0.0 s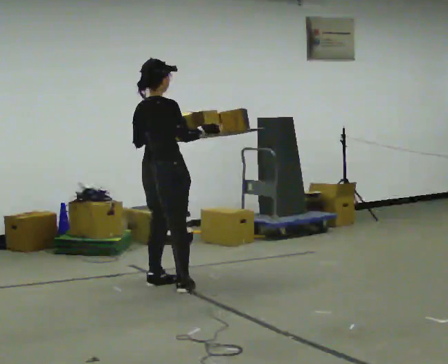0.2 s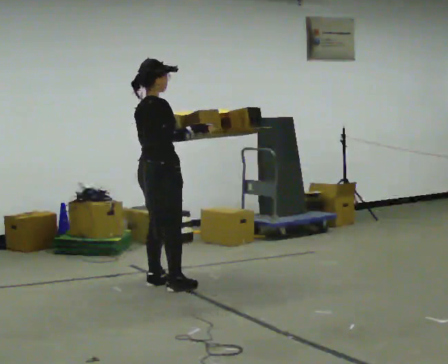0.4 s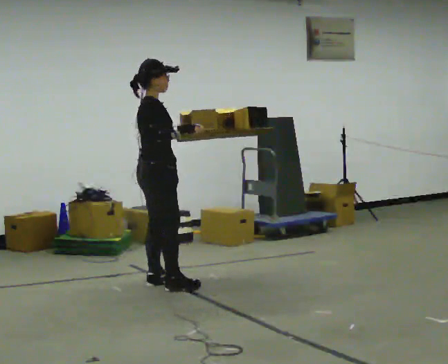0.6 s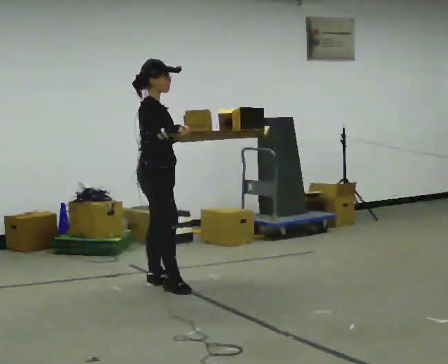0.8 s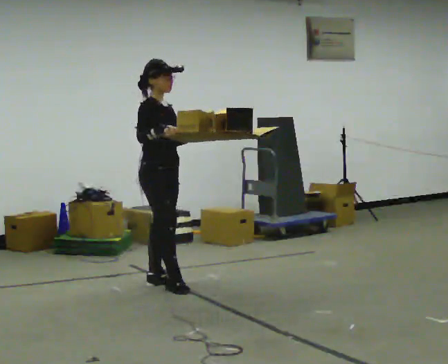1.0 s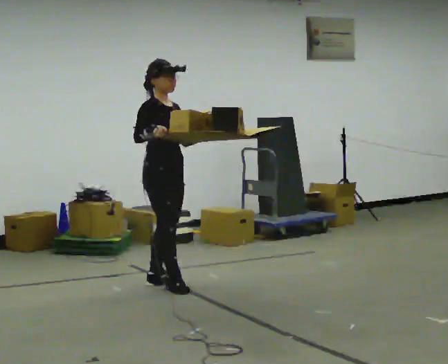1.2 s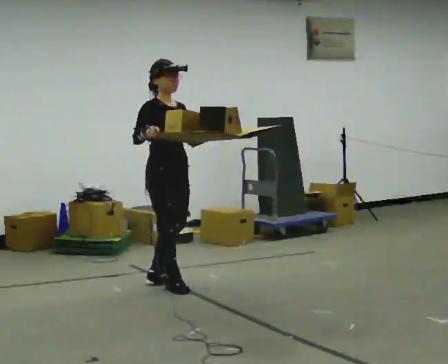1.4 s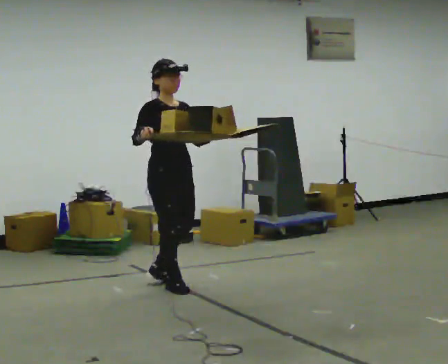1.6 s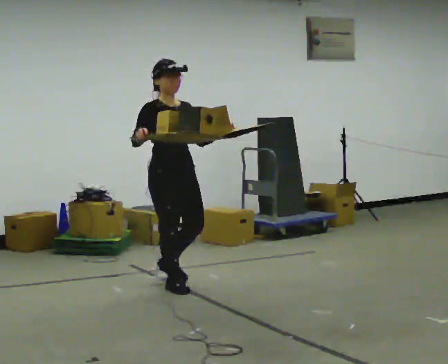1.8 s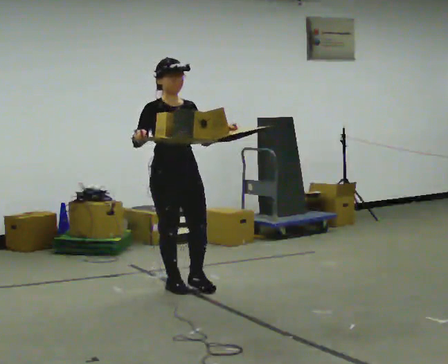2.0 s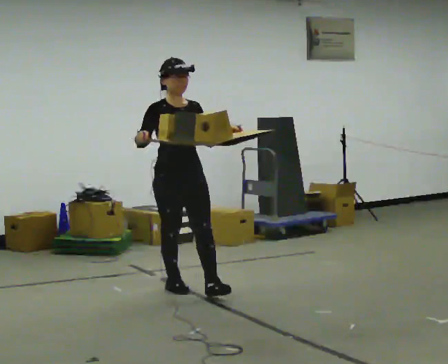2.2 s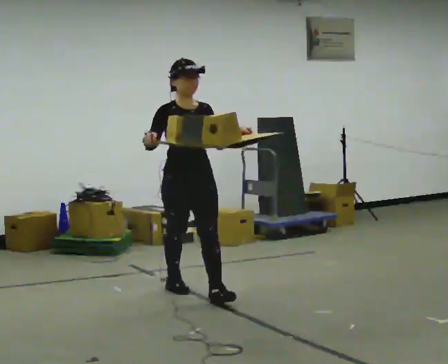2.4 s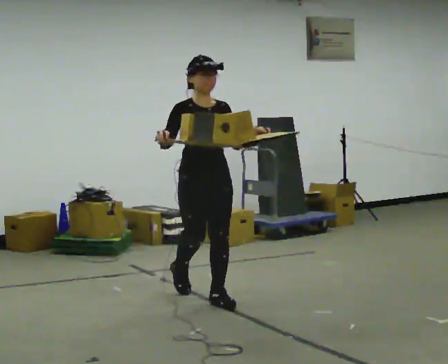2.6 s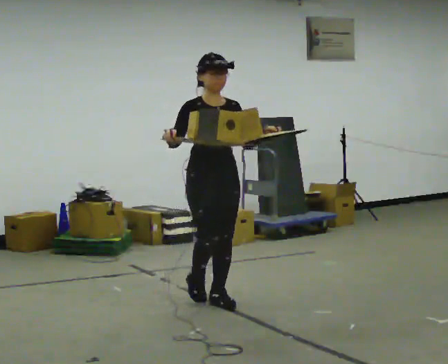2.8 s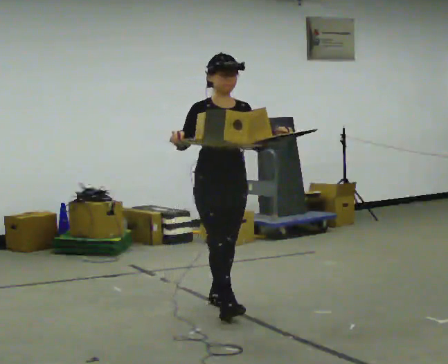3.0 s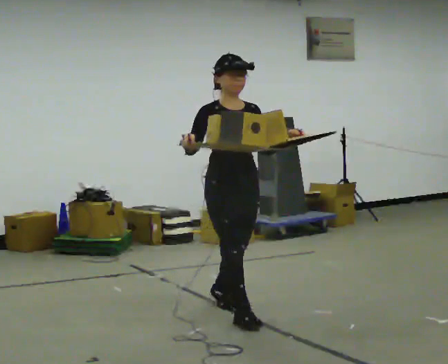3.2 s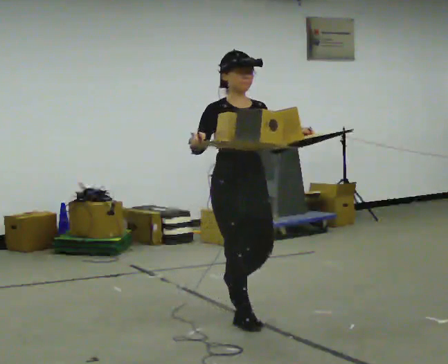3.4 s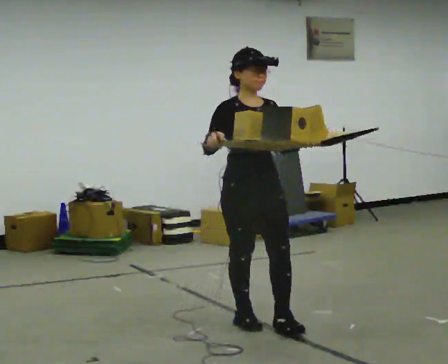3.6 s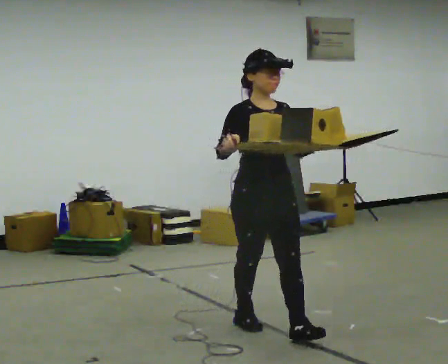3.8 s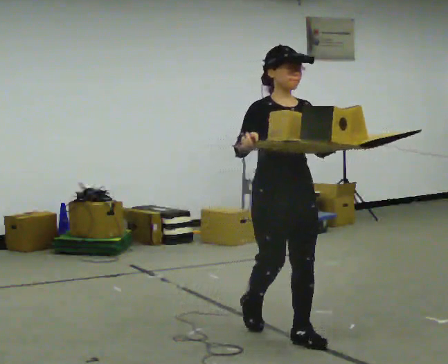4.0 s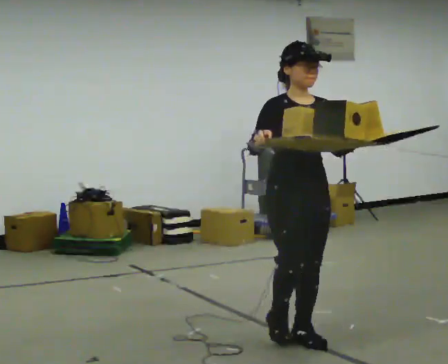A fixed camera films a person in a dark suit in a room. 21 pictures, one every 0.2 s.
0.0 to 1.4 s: The person turns about 90 degrees to their right, clockwise seen from above, so the part of the body nearest the lens slides to the left. In the picture their left hand goes to the right.
1.4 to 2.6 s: Seen from above the body turns clockwise, about 30 degrees: to their right, with its near side sliding to the left. In the picture they go toward the camera and to the right, about 0.5 m in 1 step, which for them is forward.
2.6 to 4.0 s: In the picture they go toward the camera and to the right, about 1 m in 2 steps, which for them is forward.
The film runs forward here.
